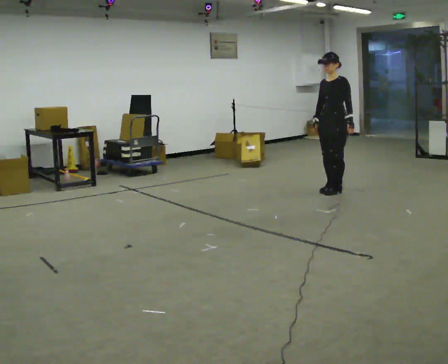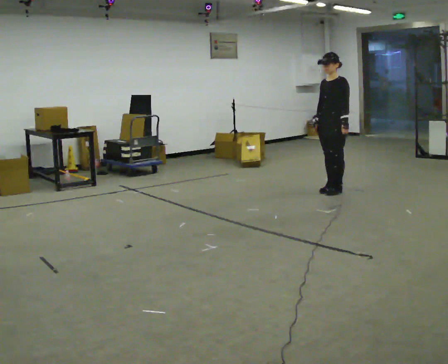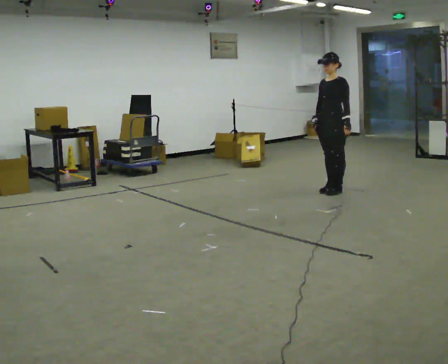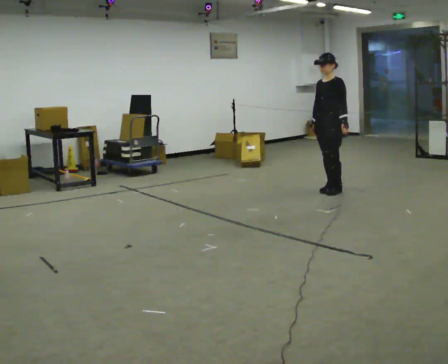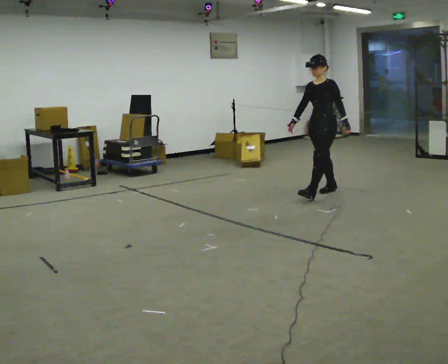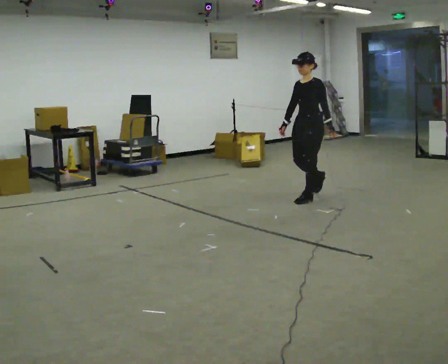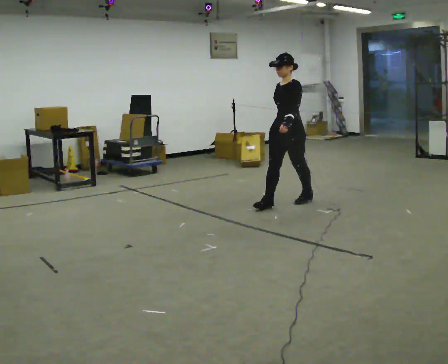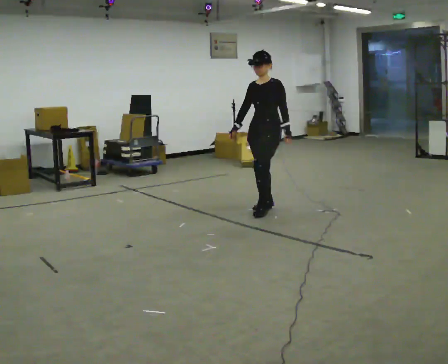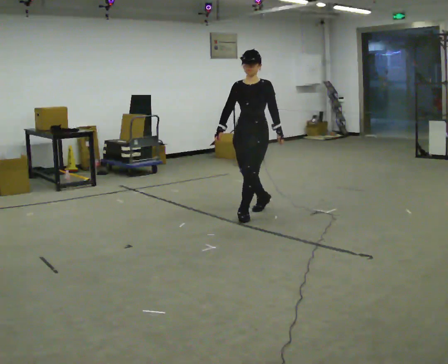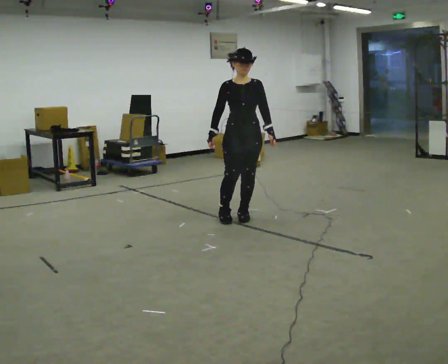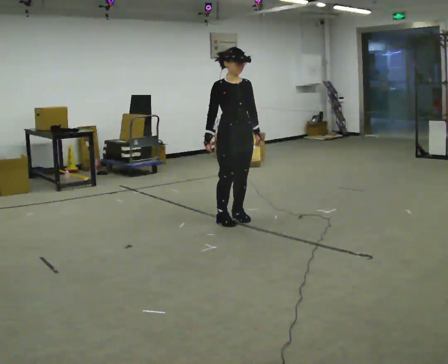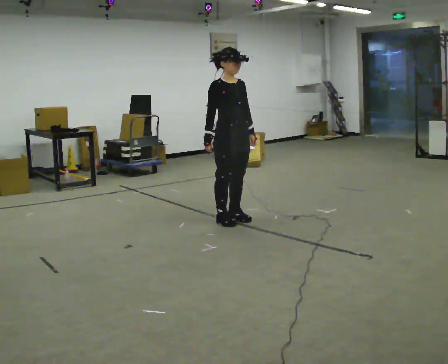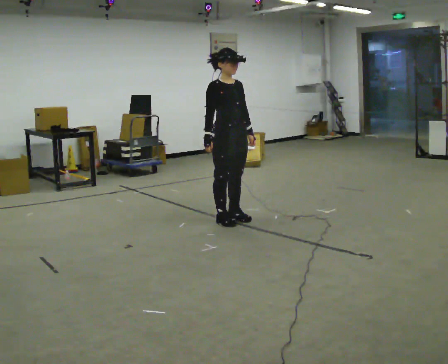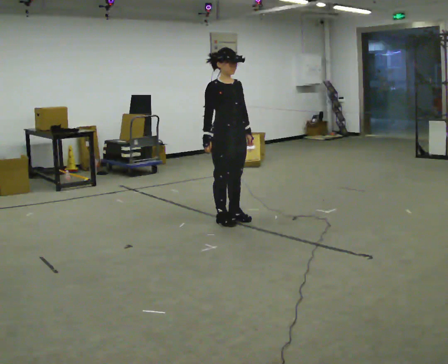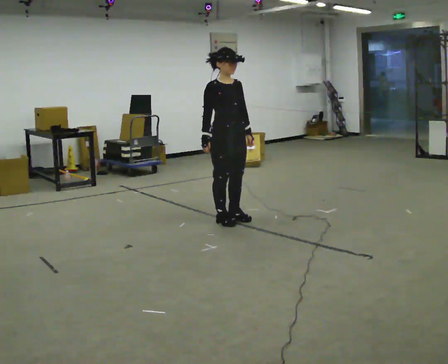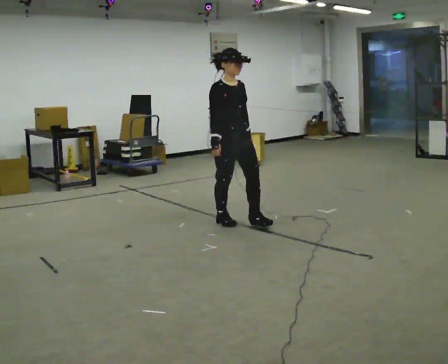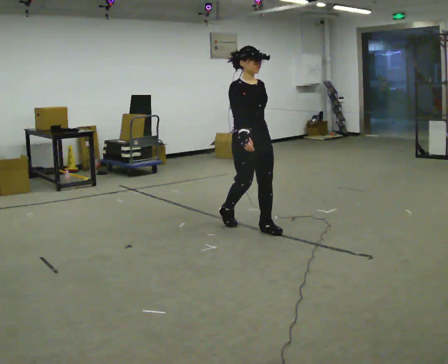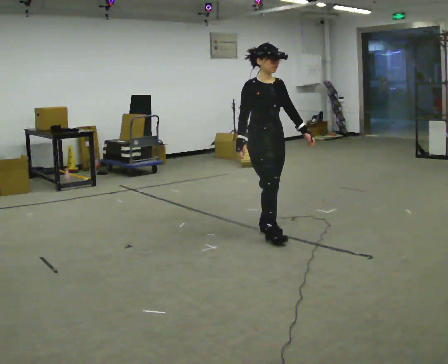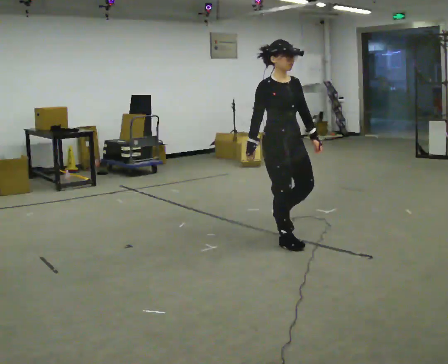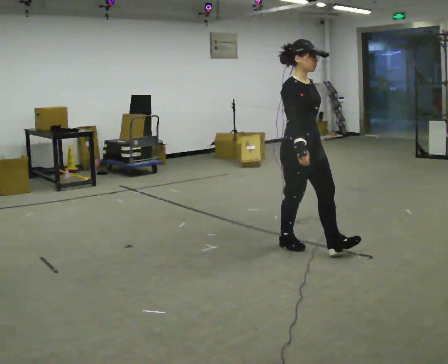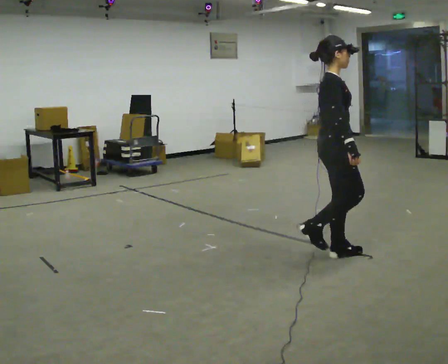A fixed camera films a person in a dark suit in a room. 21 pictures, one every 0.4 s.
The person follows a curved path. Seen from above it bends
counterclockwise.
The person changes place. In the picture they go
toward the camera.
0.0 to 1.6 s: The person moves a little, or ends about where they began.
1.6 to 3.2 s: In the picture they go to the left and toward the camera, about 1 m in 3 steps, which for them is forward.
3.2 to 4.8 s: The person turns about 60 degrees to their left, counterclockwise seen from above, so the part of the body nearest the lens slides to the right. In the picture they go to the left and toward the camera, about 0.25 m in 1 step.
4.8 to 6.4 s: In the picture they go toward the camera and to the right, about 0.25 m in 1 step, which for them is forward.
6.4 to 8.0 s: The person turns about 45 degrees to their left, counterclockwise seen from above, so the part of the body nearest the lens slides to the right. In the picture they go toward the camera and to the right, about 1 m in 2 steps, which for them is forward.
The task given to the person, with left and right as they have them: Walk; stop fully; turn 90° left/right while standing; walk new direction.
The film runs forward here.
